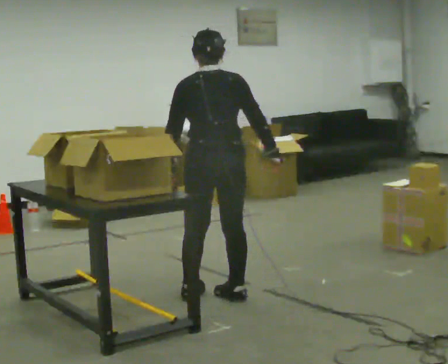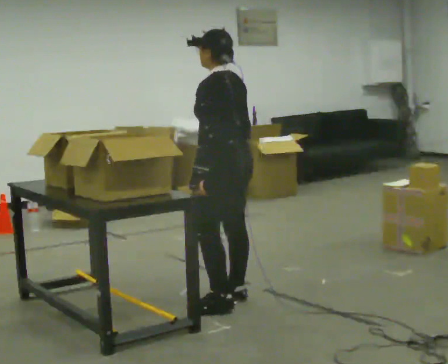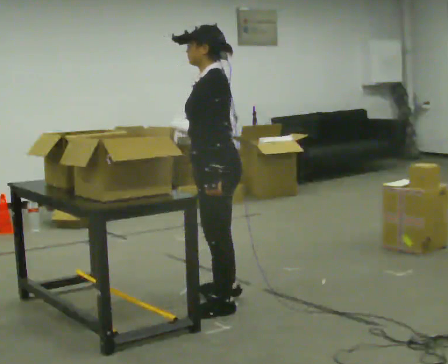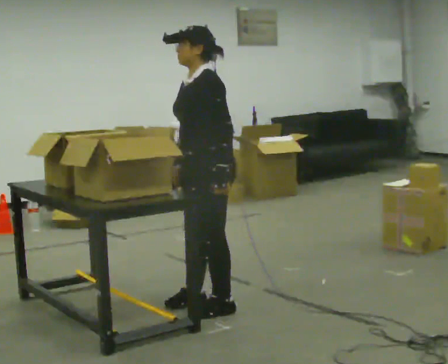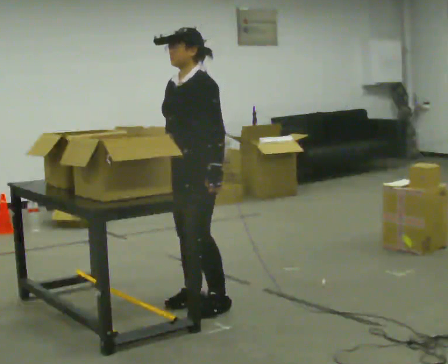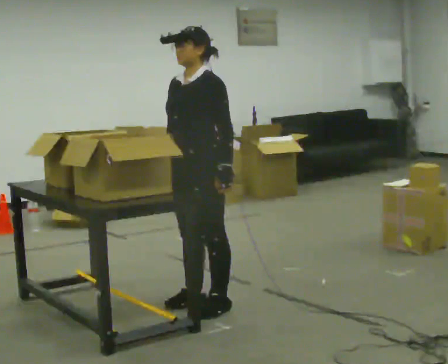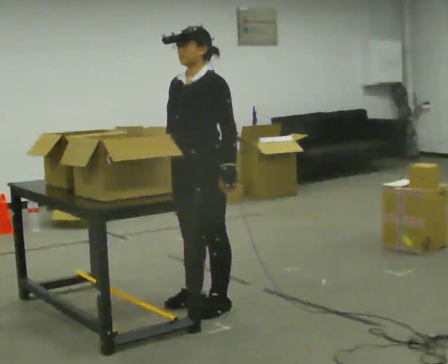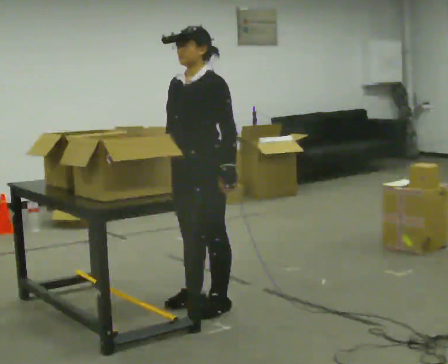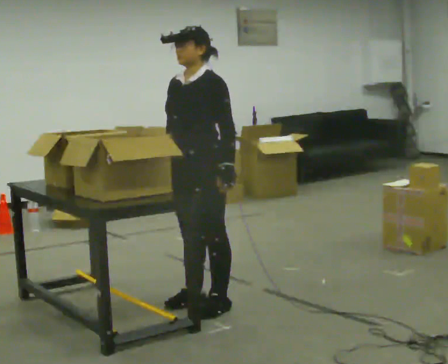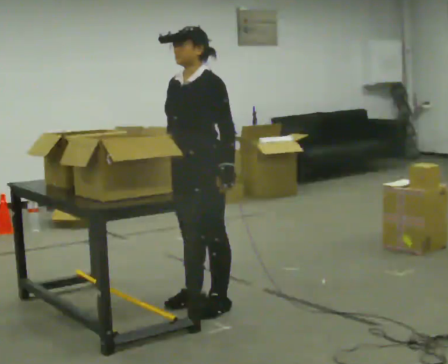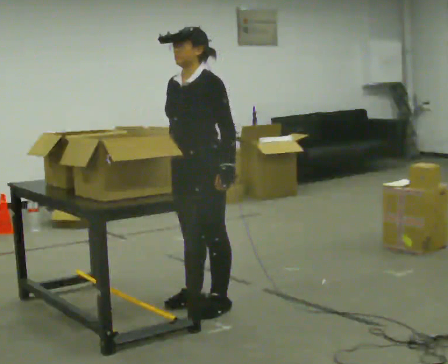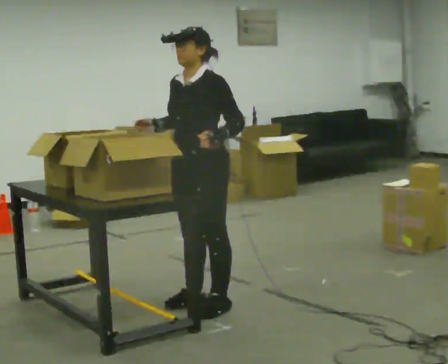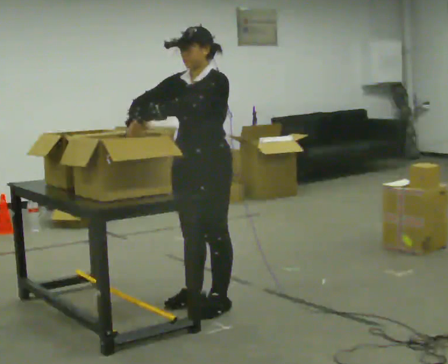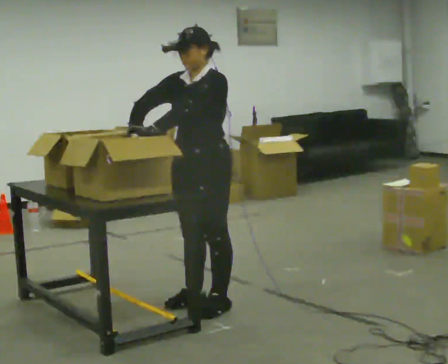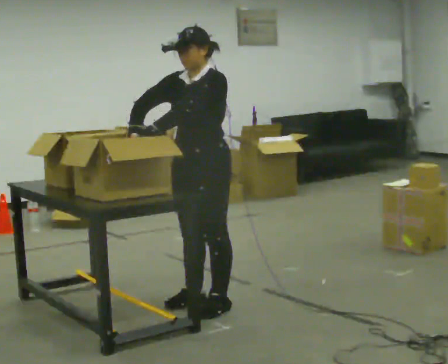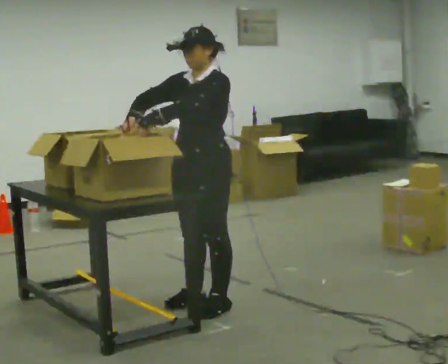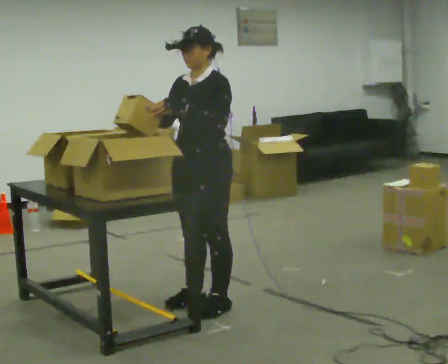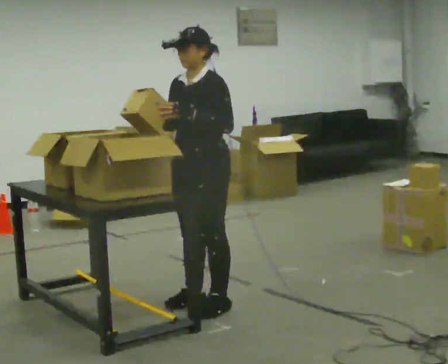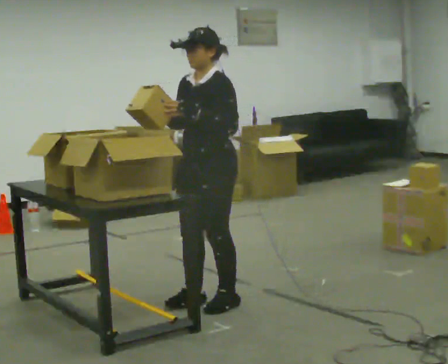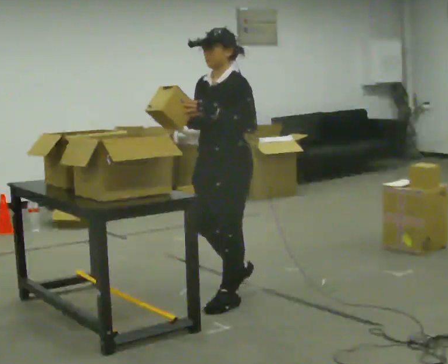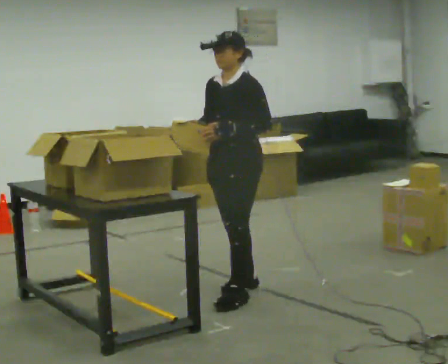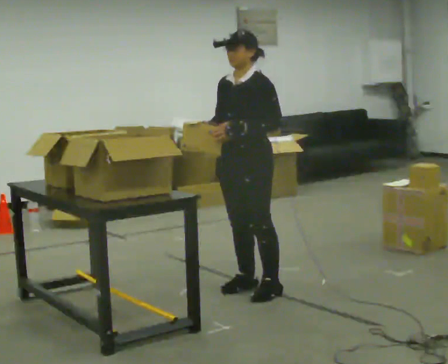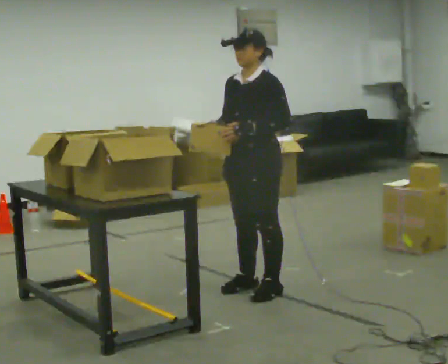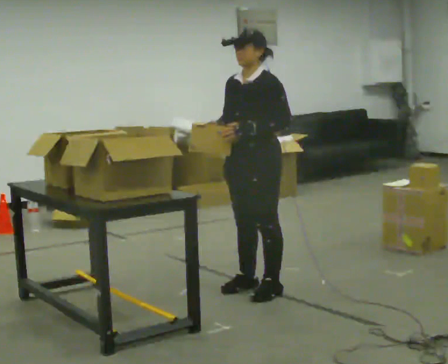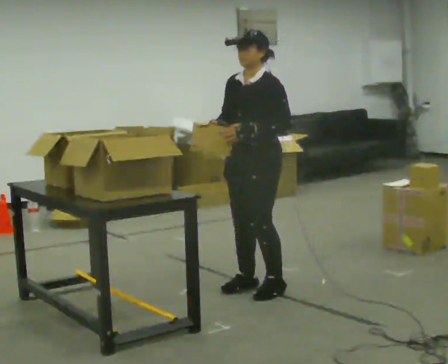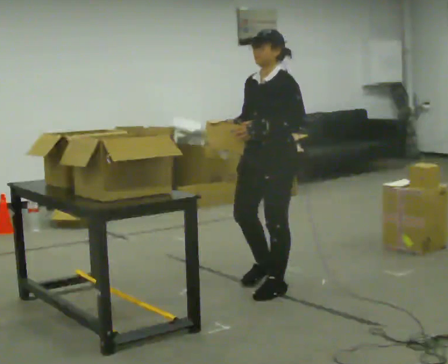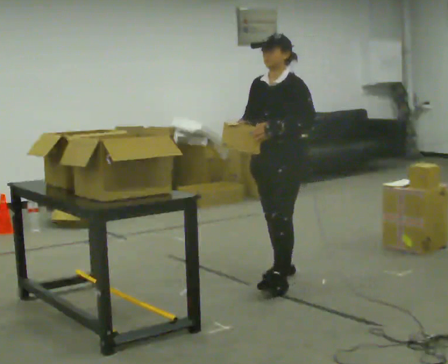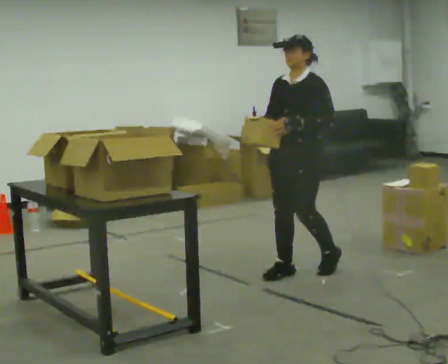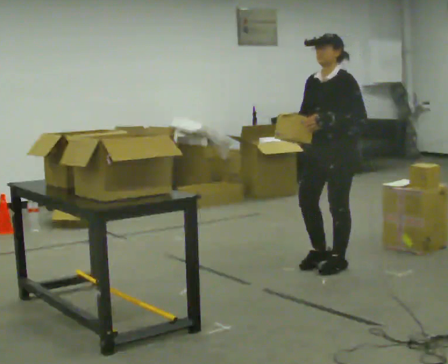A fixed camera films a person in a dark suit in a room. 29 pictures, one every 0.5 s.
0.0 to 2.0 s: The part of the body nearest the lens slides to the right as the person turns to their left by about 120 degrees. In the picture they go toward the camera, about 0.25 m in 2 steps. In the picture their right hand goes to the left, the arm swinging clockwise.
2.0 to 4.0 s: The person moves a little, or ends about where they began.
4.0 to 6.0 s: In the picture their left hand goes to the left and upward.
6.0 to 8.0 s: The person moves a little, or ends about where they began.
8.0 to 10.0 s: In the picture they go away from the camera and to the right, about 0.25 m in 2 steps, which for them is backward.
10.0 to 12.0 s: The person moves a little, or ends about where they began.
12.0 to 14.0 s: In the picture they go to the right and away from the camera, about 0.75 m in 3 steps, which for them is backward.
The film runs backward here.
